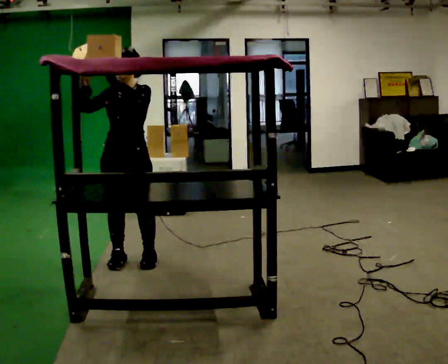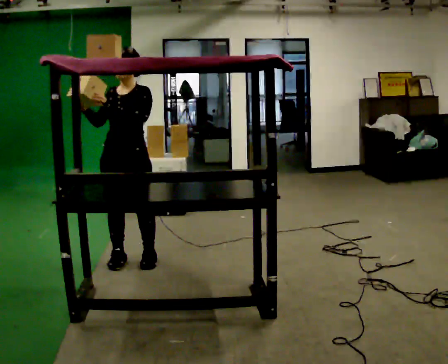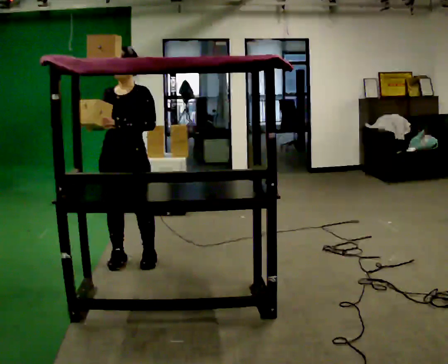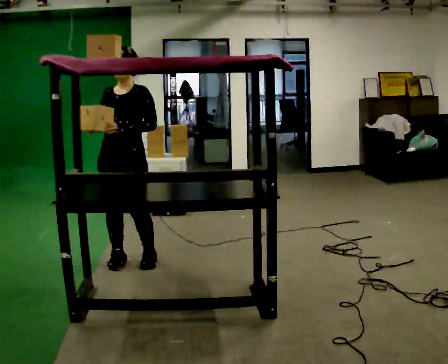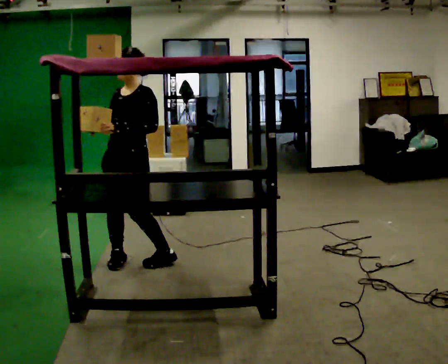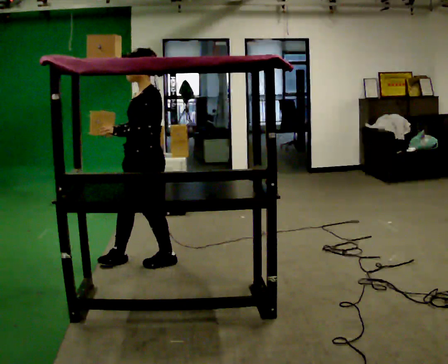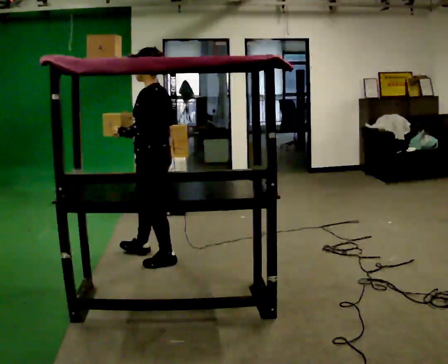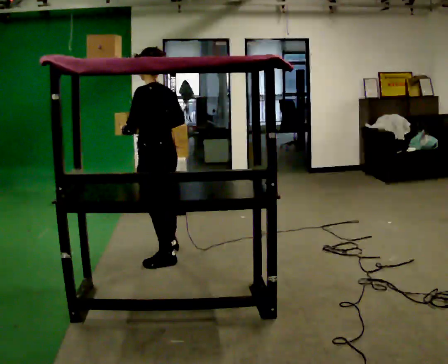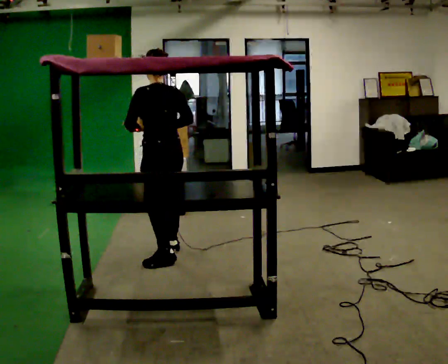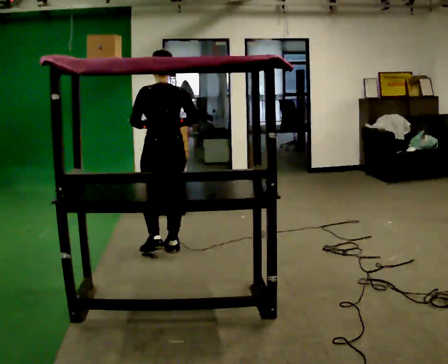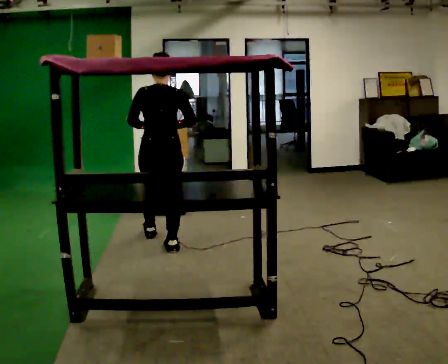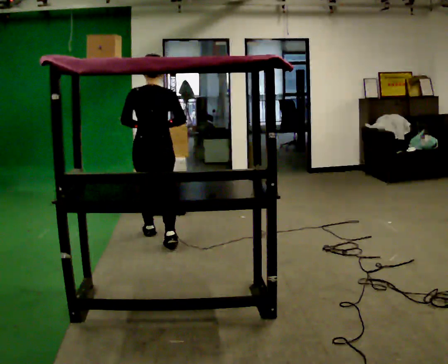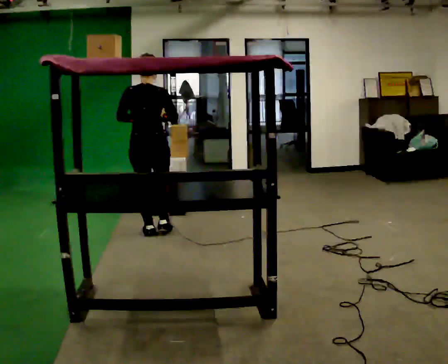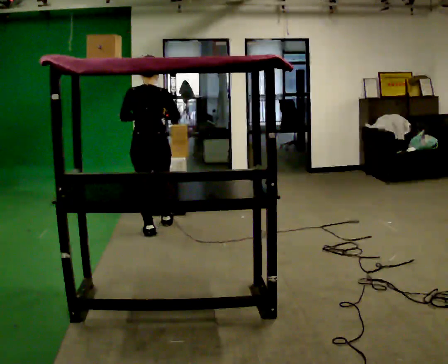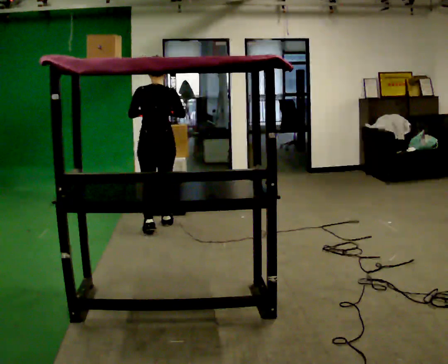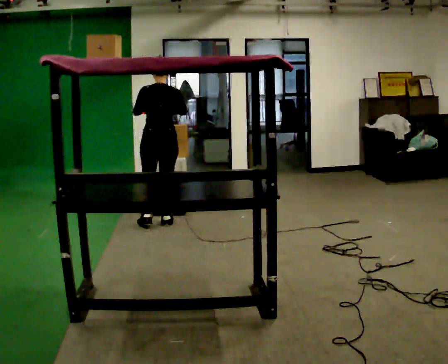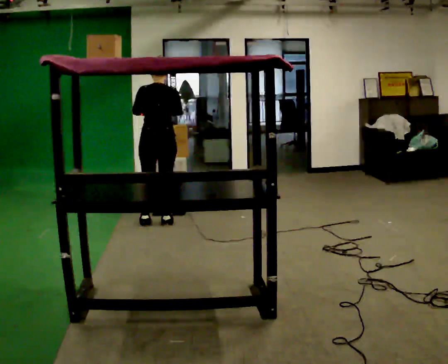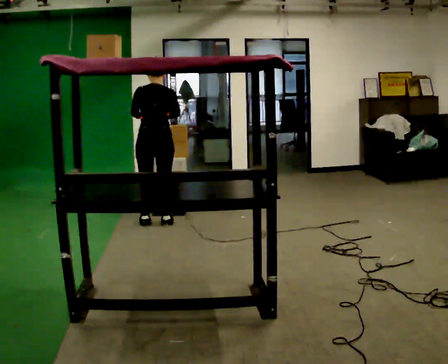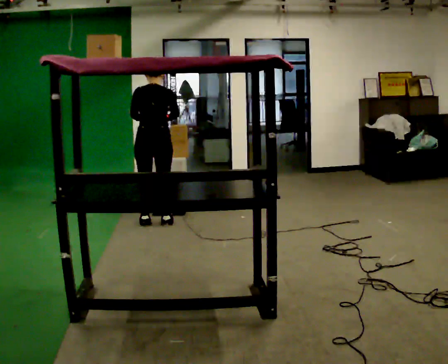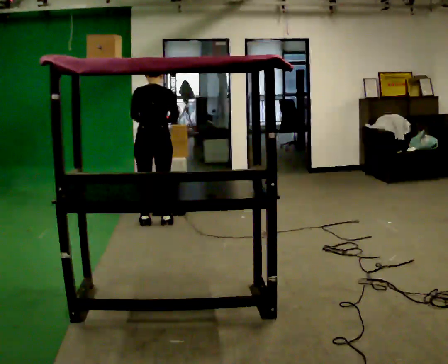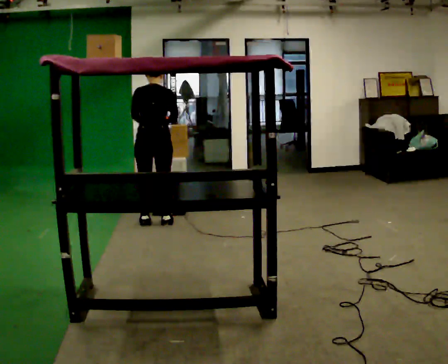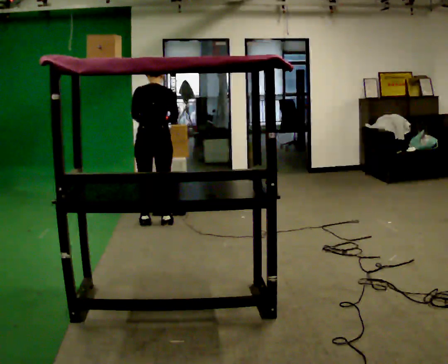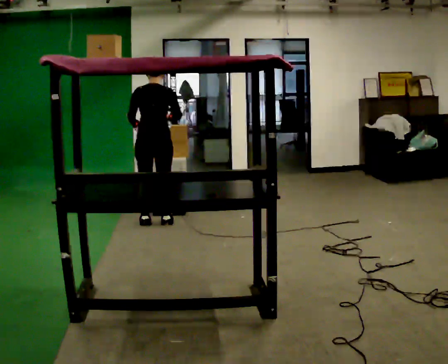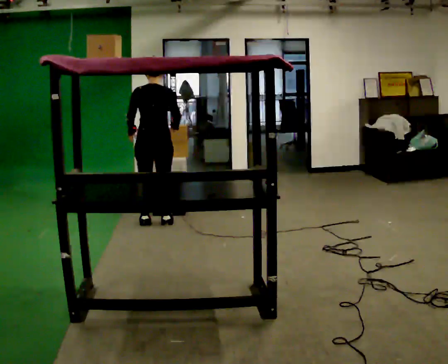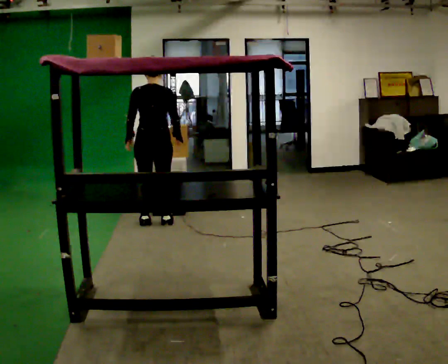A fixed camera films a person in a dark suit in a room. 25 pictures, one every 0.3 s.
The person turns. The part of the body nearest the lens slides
to the left.
The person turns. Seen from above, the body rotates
clockwise.
0.0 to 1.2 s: The person moves a little, or ends about where they began.
1.2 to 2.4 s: The person turns about 105 degrees to their right, clockwise seen from above, so the part of the body nearest the lens slides to the left. In the picture they go to the right and away from the camera, about 0.25 m in 1 step.
2.4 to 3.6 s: Seen from above the body turns clockwise, about 45 degrees: to their right, with its near side sliding to the left. In the picture they go away from the camera, about 0.5 m in 1 step, which for them is forward.
3.6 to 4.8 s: In the picture they go away from the camera, about 0.25 m in 2 steps, which for them is forward.
4.8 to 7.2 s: The person moves a little, or ends about where they began.
The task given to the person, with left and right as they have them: Take an object down from the highest shelf you can comfortably reach, carry it across, and place it on the waist-height shelf. Keep going until the operator says stop; one object at a time, and do not rush between trips.
The film runs forward here.
